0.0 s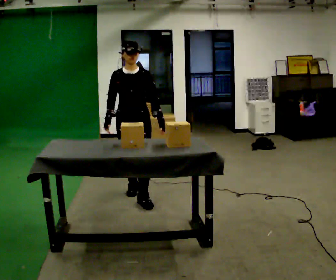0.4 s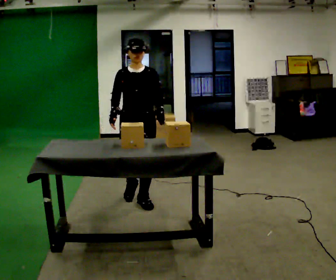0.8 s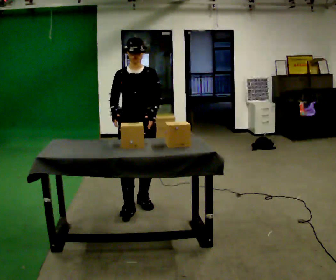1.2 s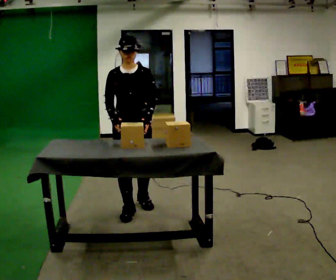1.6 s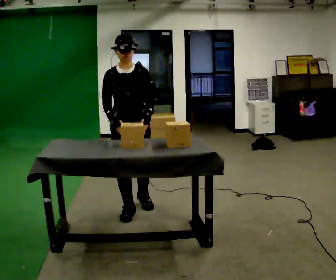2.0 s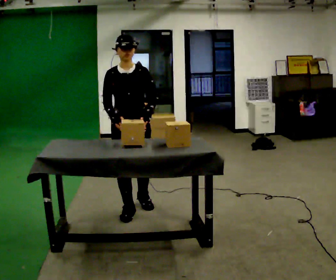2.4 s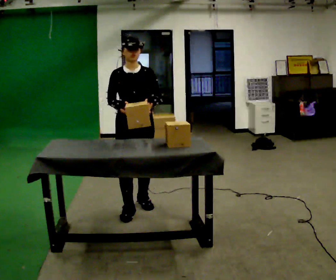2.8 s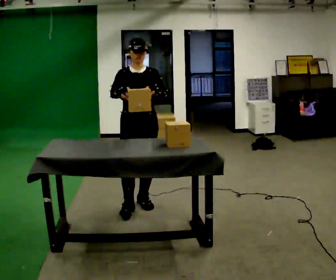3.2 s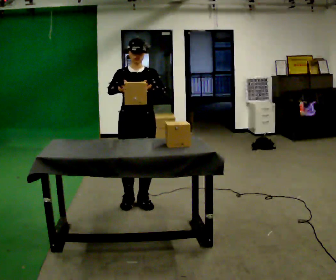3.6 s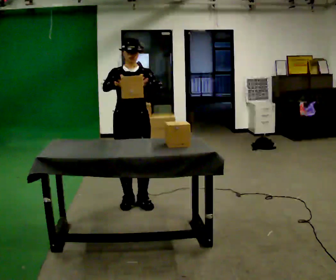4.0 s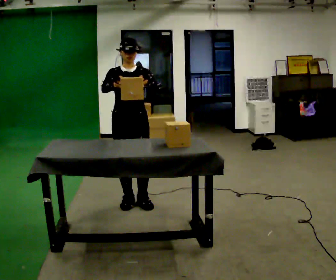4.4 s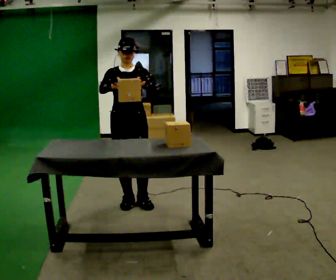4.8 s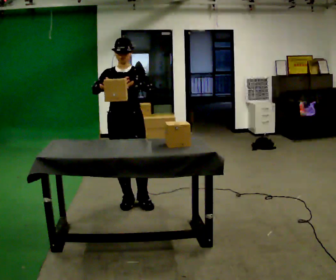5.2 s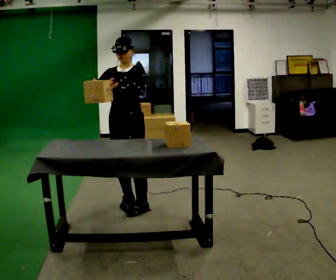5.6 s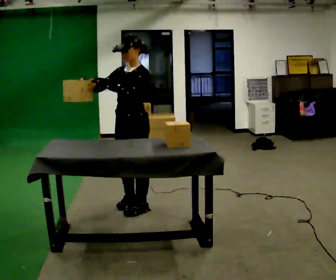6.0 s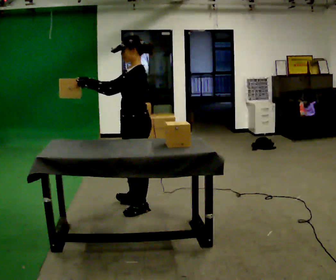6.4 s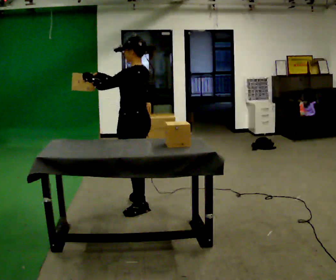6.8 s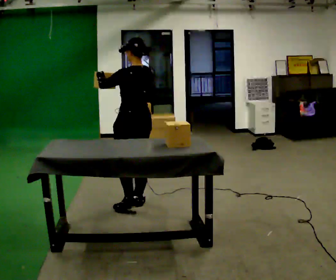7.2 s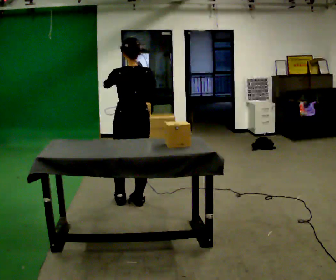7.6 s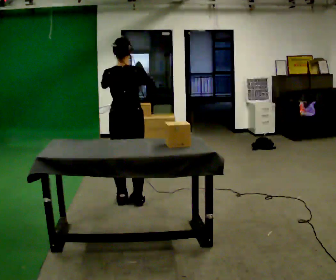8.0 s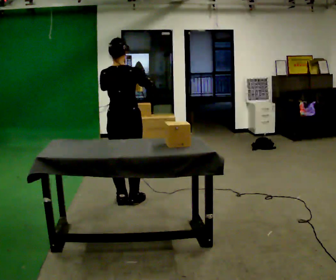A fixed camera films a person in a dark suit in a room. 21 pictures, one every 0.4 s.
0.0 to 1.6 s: In the picture they go toward the camera, about 0.5 m in 1 step, which for them is forward.
1.6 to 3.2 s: In the picture they go away from the camera, about 0.25 m in 1 step, which for them is backward.
3.2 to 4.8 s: The person moves a little, or ends about where they began.
4.8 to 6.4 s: The part of the body nearest the lens slides to the left as the person turns to their right by about 105 degrees. In the picture their left hand goes to the left.
6.4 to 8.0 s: Seen from above the body turns clockwise, about 75 degrees: to their right, with its near side sliding to the left. In the picture their right hand goes to the right.
The film runs forward here.
